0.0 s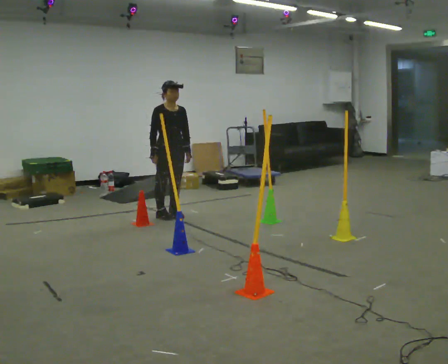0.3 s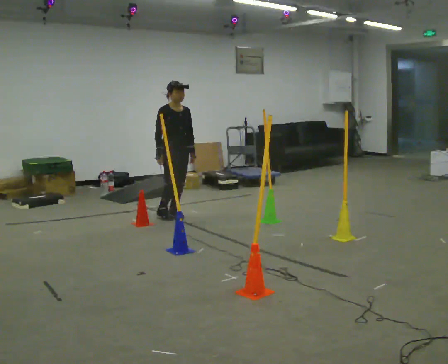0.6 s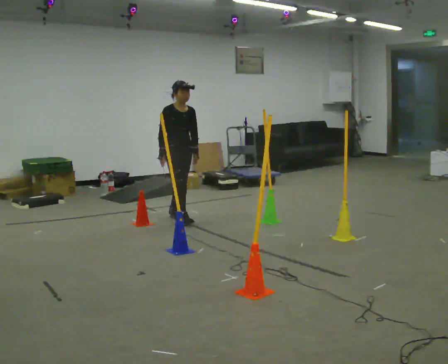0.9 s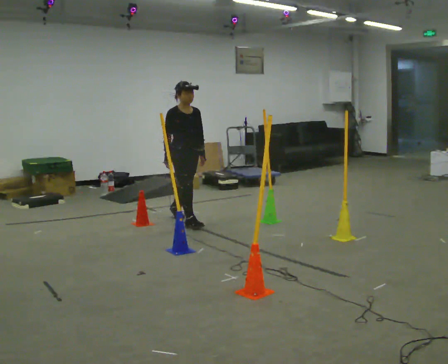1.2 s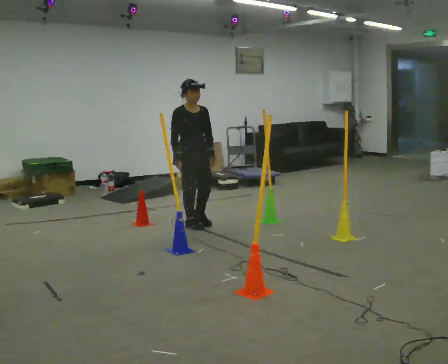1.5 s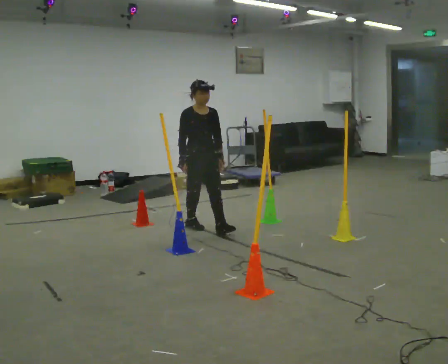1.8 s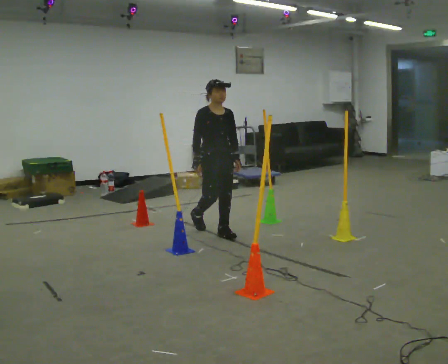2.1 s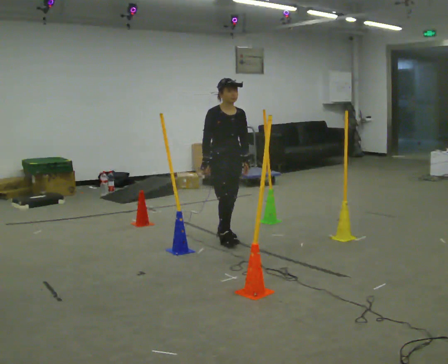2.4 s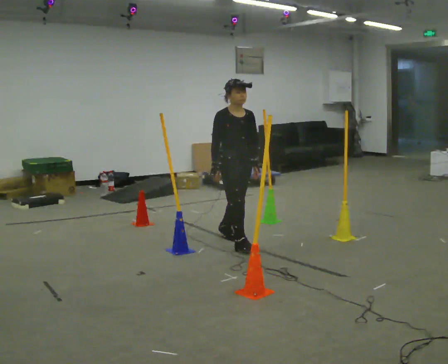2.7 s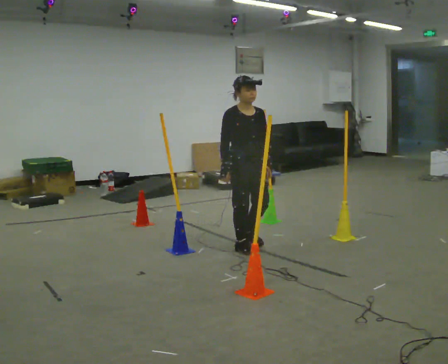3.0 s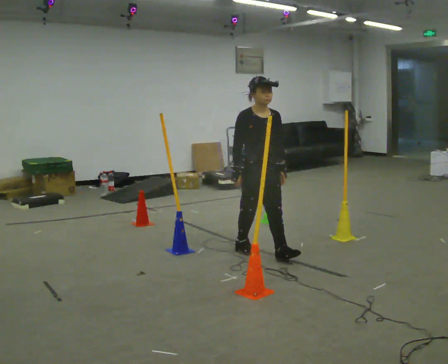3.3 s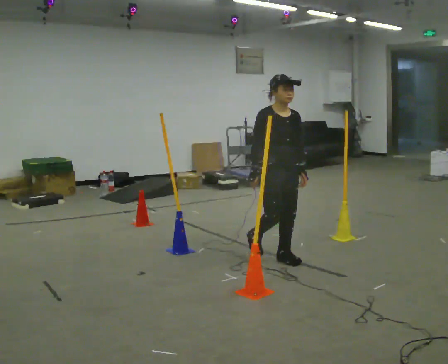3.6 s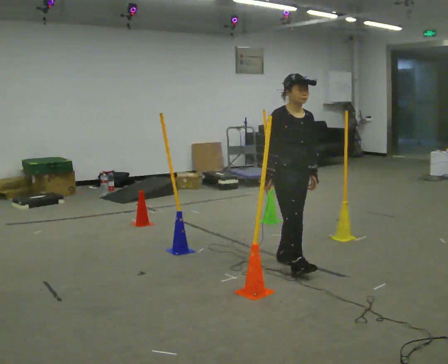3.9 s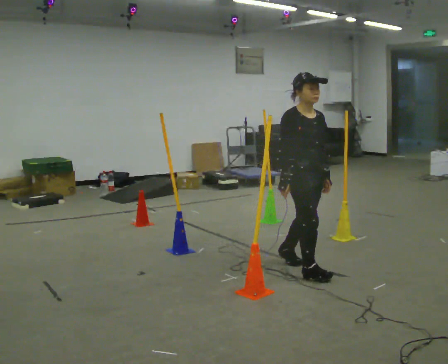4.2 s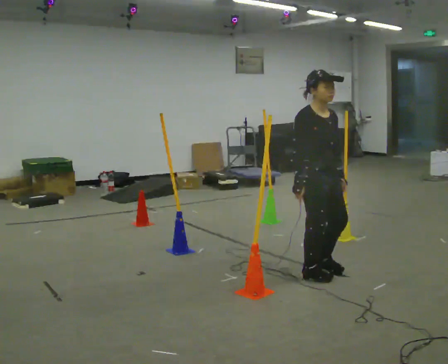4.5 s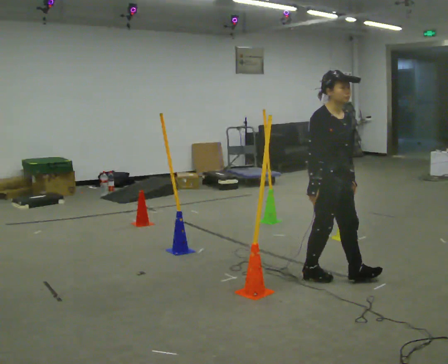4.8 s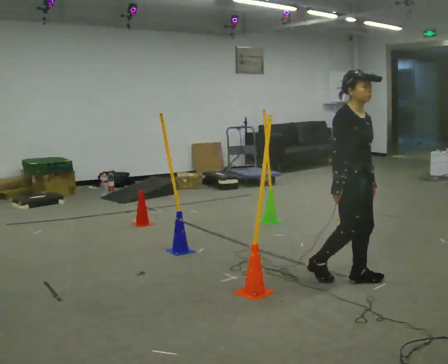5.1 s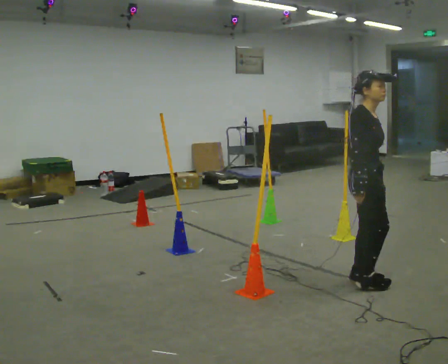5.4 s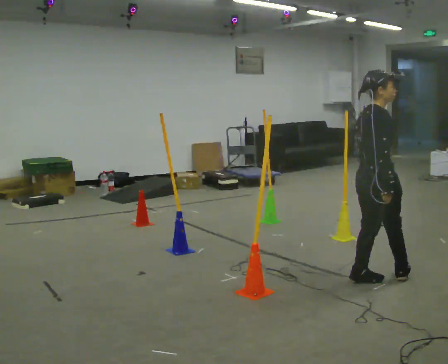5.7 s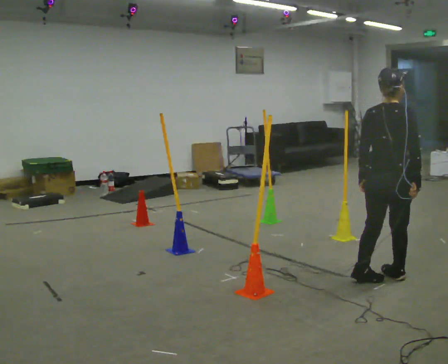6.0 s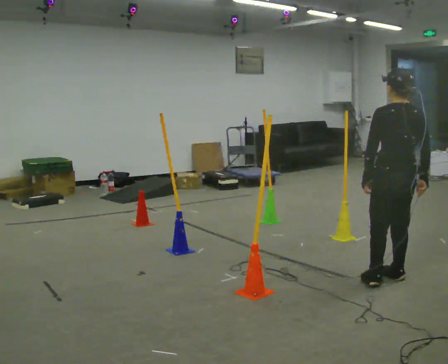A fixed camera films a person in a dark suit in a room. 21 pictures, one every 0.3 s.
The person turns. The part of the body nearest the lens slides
to the right.
The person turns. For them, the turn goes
to their left.
0.0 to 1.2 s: In the picture they go toward the camera and to the right, about 0.5 m in 1 step, which for them is forward.
1.2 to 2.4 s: In the picture they go toward the camera and to the right, about 0.5 m in 2 steps, which for them is forward.
2.4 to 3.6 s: In the picture they go toward the camera and to the right, about 0.5 m in 1 step, which for them is forward.
3.6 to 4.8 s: In the picture they go toward the camera and to the right, about 0.5 m in 2 steps, which for them is forward.
4.8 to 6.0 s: Seen from above the body turns counterclockwise, about 135 degrees: to their left, with its near side sliding to the right. In the picture they go to the right, about 0.25 m in 1 step.
The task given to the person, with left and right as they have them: Walk through passage without touching sides; continue normally after exit.
The film runs forward here.
